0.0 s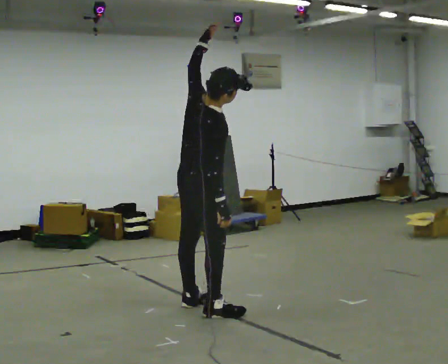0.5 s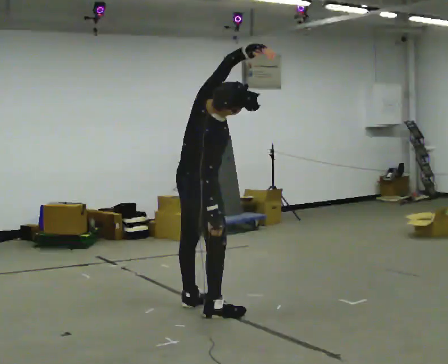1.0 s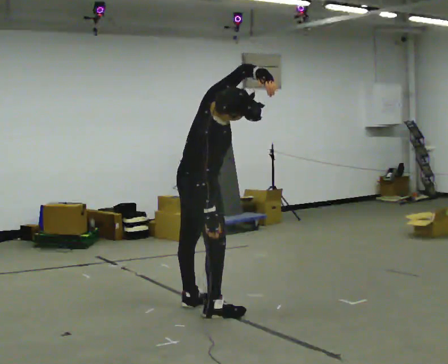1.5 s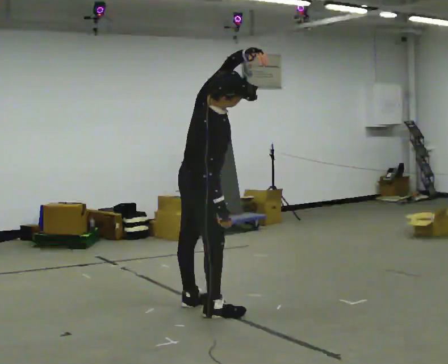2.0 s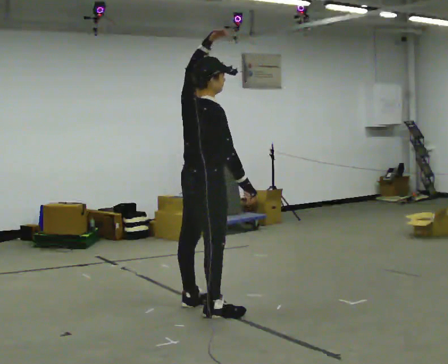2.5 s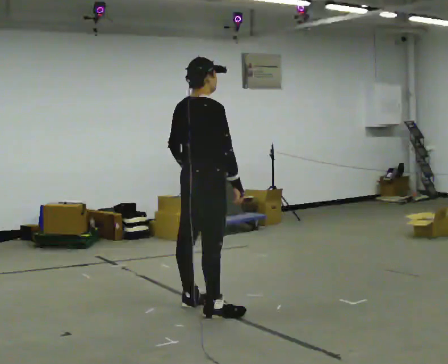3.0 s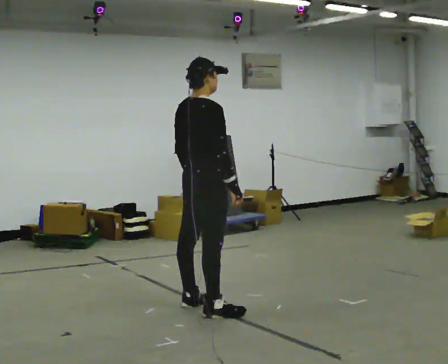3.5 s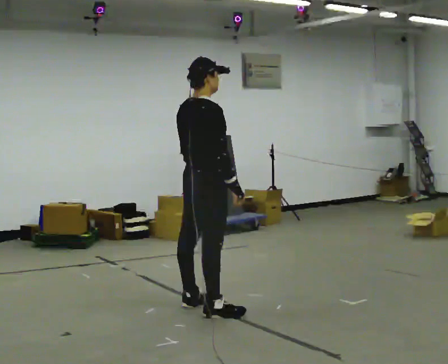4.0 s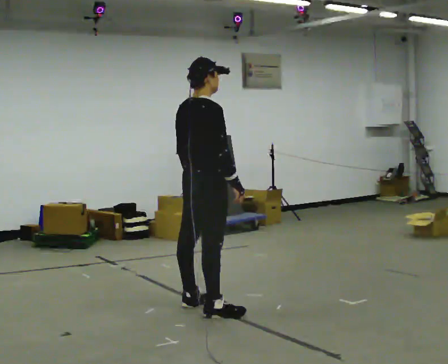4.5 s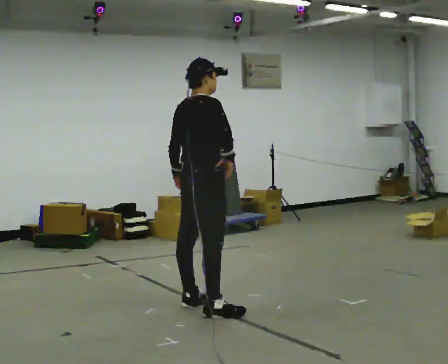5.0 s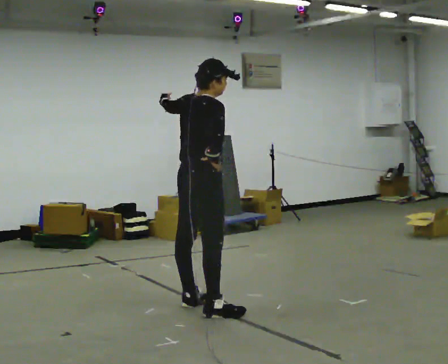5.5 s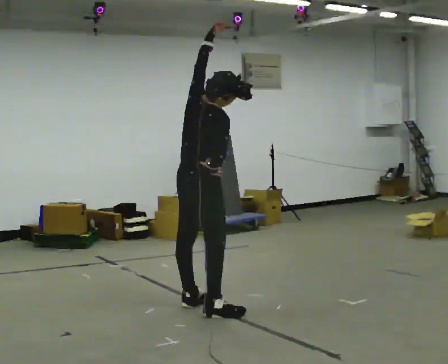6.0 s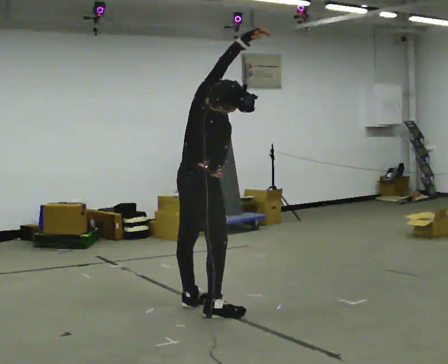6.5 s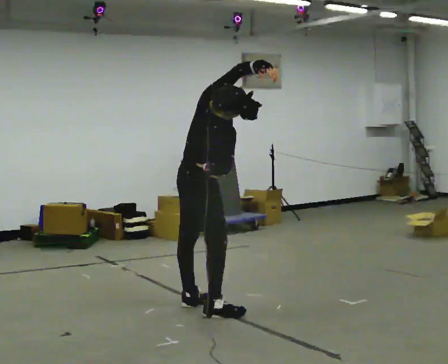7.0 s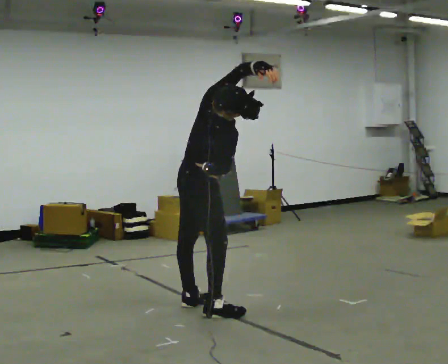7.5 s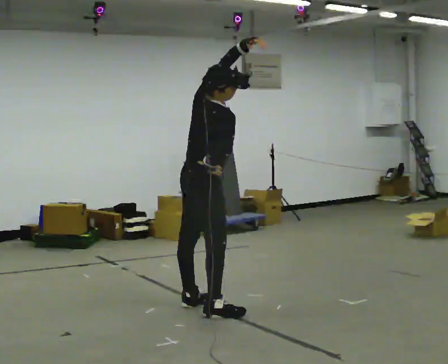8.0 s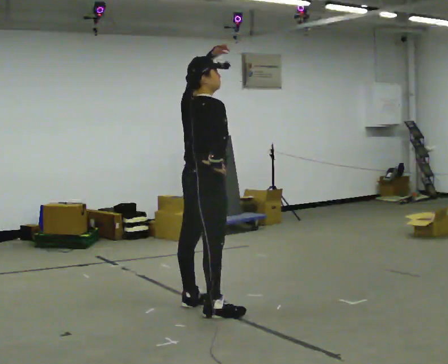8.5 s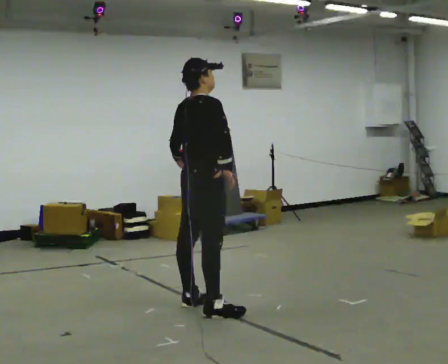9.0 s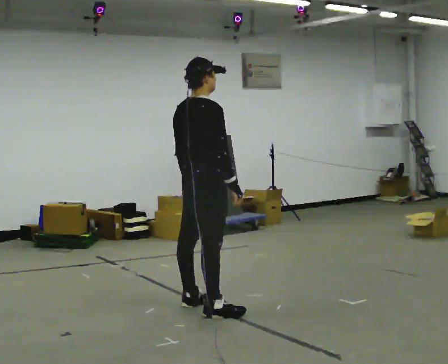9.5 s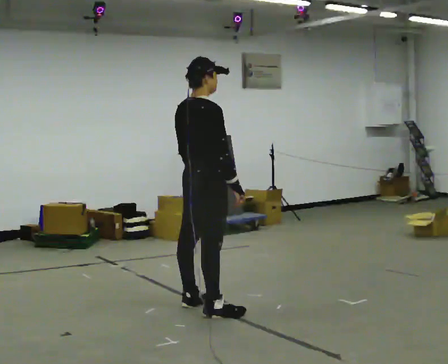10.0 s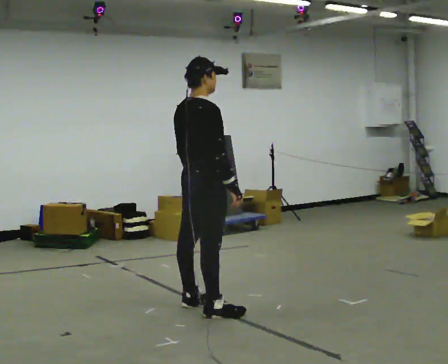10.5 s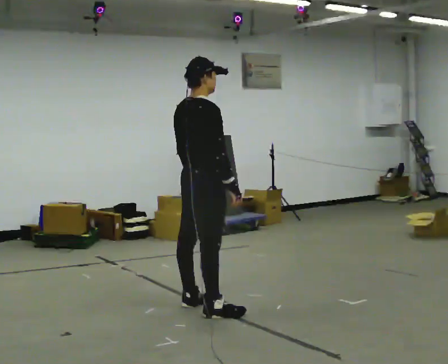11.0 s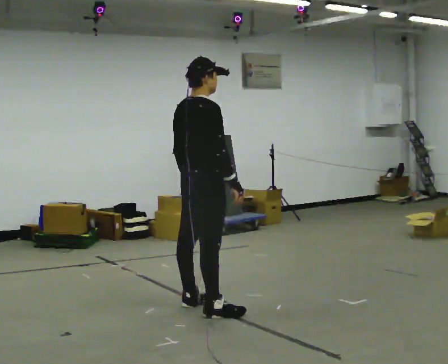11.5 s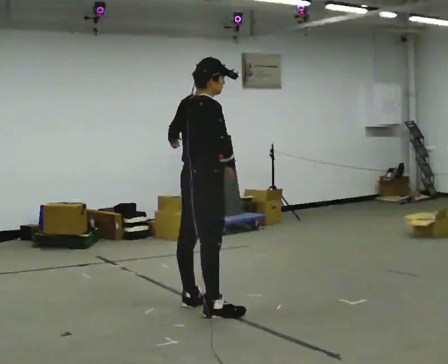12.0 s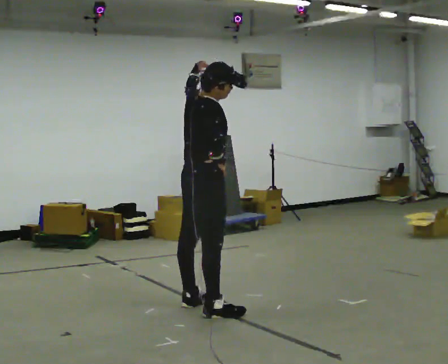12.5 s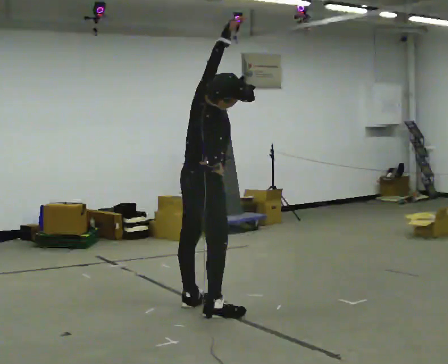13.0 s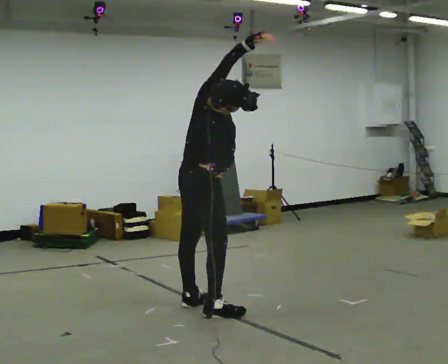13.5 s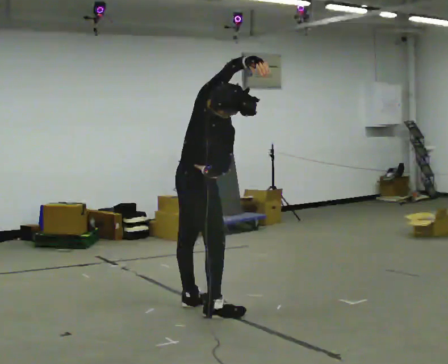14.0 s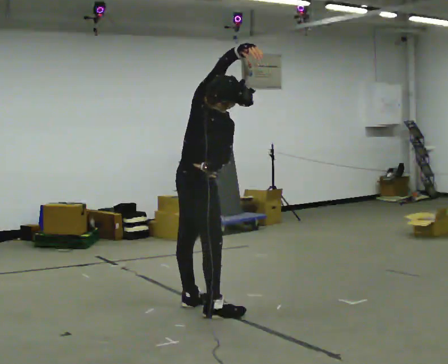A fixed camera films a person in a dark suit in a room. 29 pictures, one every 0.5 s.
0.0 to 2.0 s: The person moves a little, or ends about where they began.
2.0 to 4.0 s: In the picture their left hand goes downward.
4.0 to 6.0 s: The upper body tips toward the camera, its near side rolling downward. In the picture their left hand goes upward and to the right, the arm swinging clockwise.
6.0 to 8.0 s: The upper body tips away from the camera, its near side rolling upward. In the picture their left hand goes to the left.
8.0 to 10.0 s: In the picture their left hand goes downward.
10.0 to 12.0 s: In the picture their left hand goes upward.
12.0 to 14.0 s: In the picture their left hand goes to the right, the arm swinging clockwise.
The film runs forward here.
